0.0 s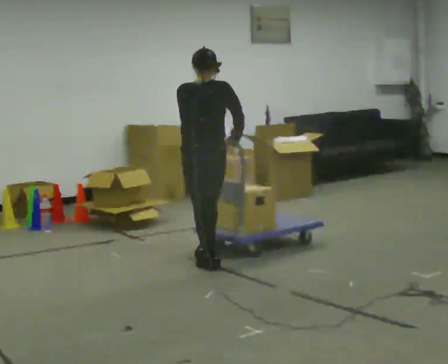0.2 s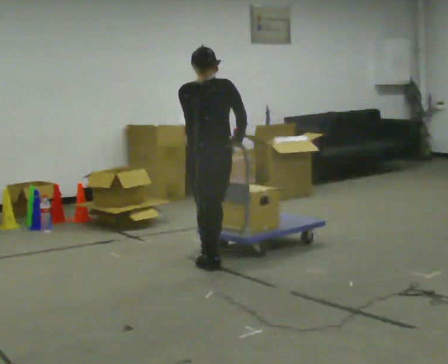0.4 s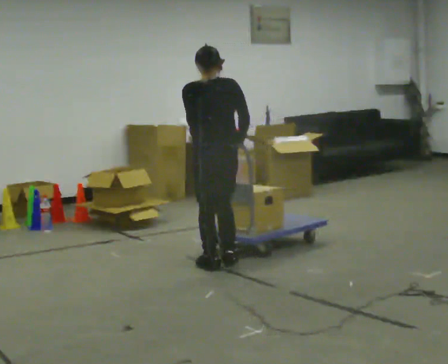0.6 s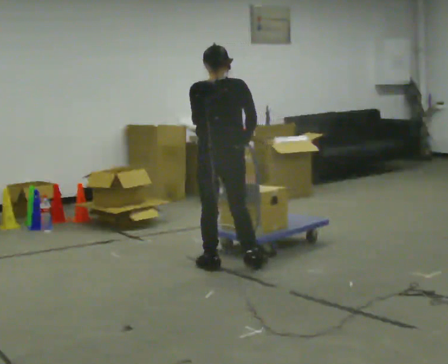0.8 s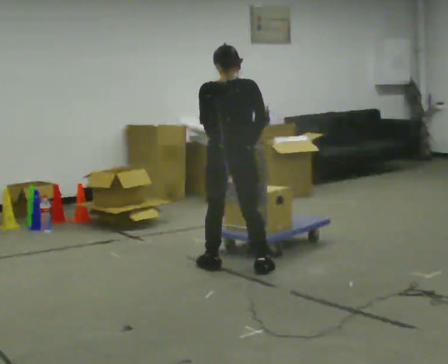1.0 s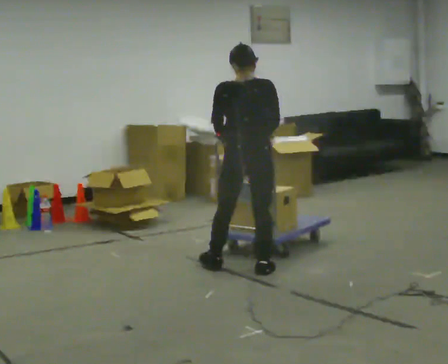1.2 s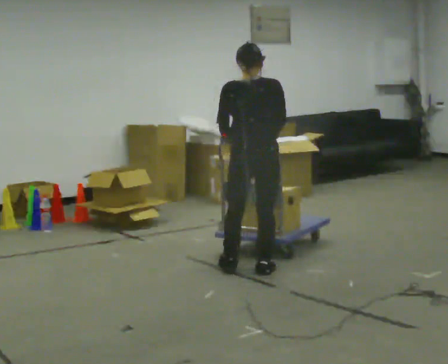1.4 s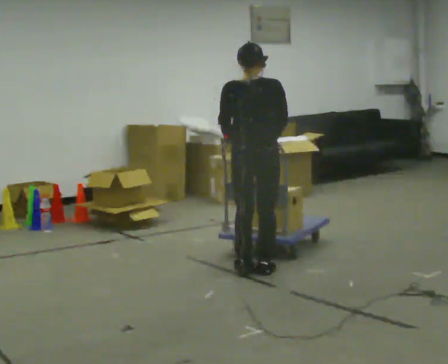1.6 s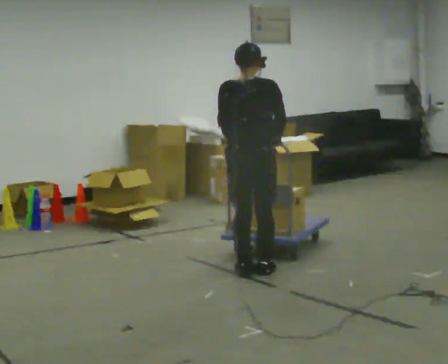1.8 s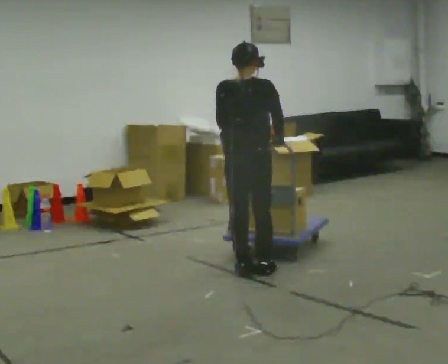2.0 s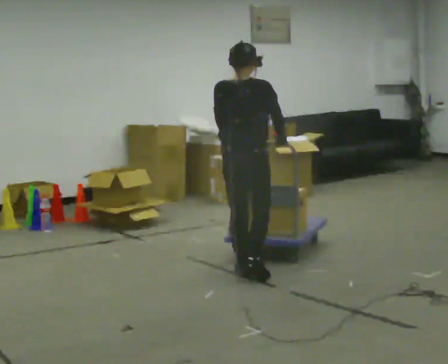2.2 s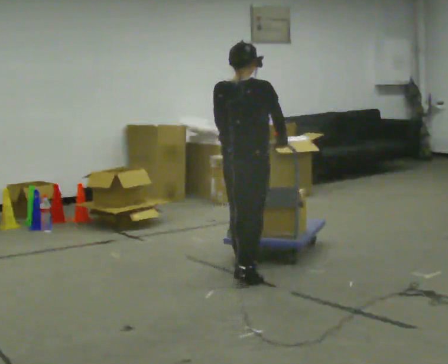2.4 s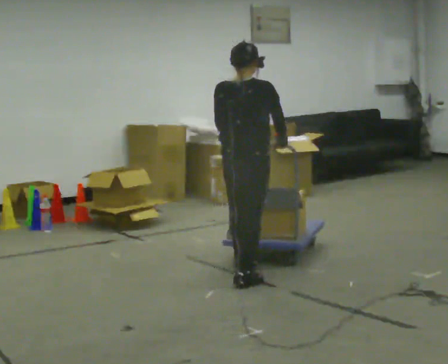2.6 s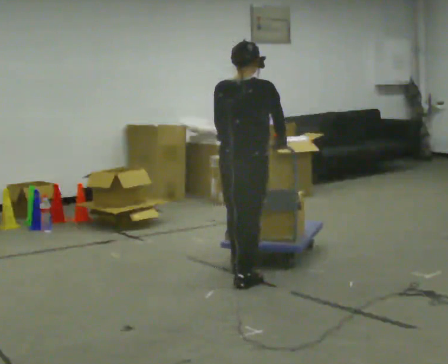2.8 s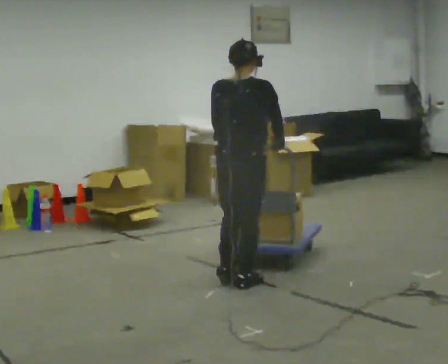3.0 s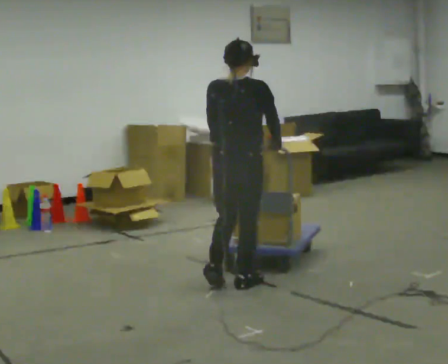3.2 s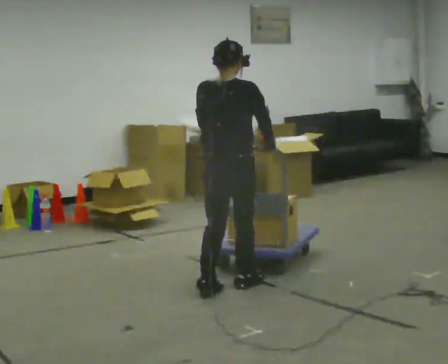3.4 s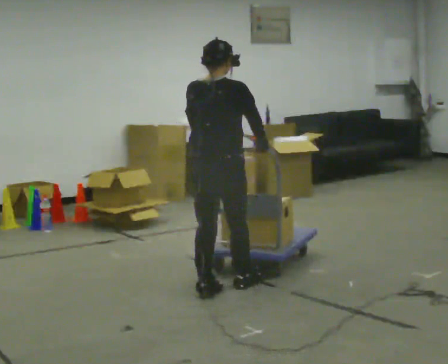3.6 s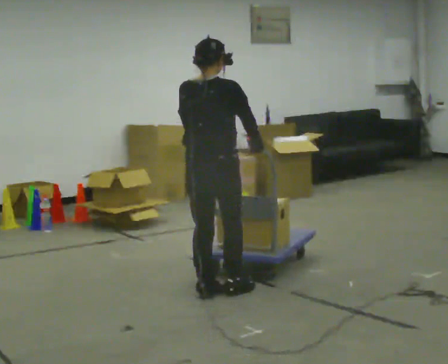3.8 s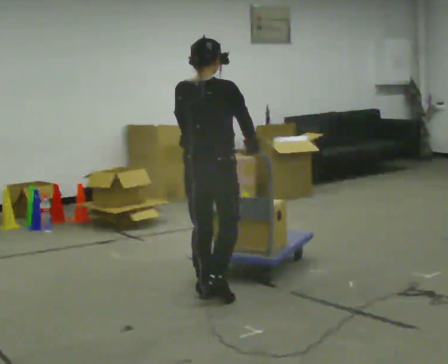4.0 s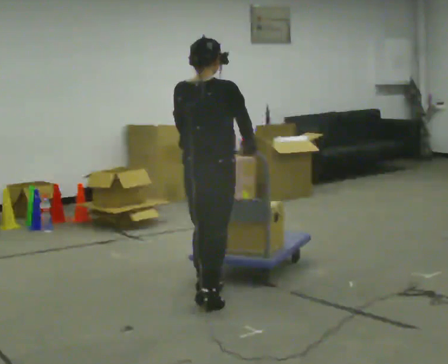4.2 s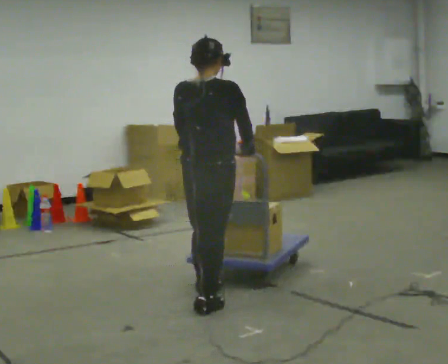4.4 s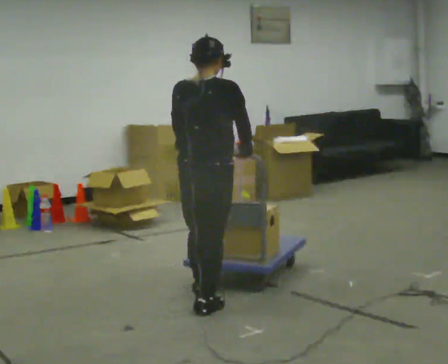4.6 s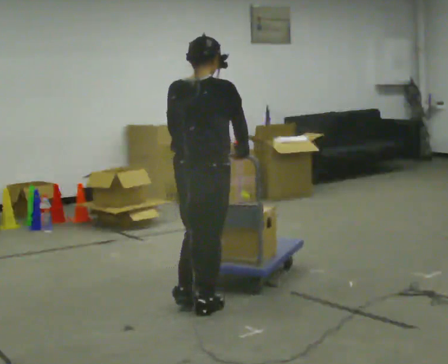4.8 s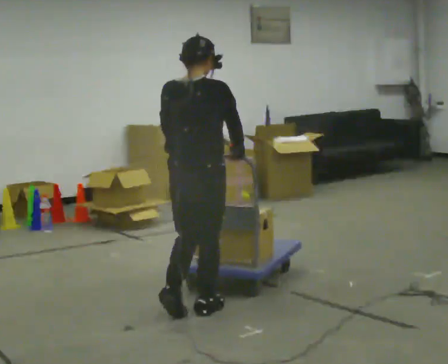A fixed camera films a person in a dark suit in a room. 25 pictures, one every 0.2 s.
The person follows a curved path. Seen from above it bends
clockwise.
The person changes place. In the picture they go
toward the camera.
0.0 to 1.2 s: In the picture they go to the right and toward the camera, about 0.5 m in 2 steps, which for them is to their right and backward.
1.2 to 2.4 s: In the picture they go toward the camera, about 0.25 m in 1 step, which for them is backward.
2.4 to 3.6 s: In the picture they go toward the camera and to the left, about 0.25 m in 2 steps, which for them is backward.
3.6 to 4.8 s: In the picture they go toward the camera, about 0.25 m in 1 step, which for them is backward.
The film runs backward here.
